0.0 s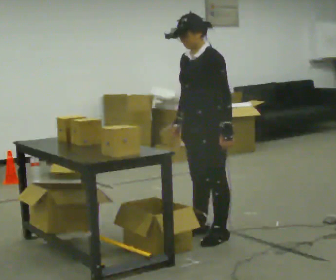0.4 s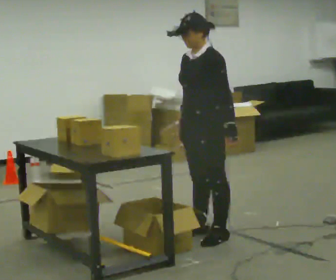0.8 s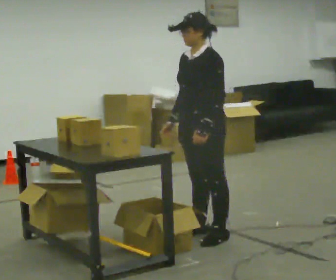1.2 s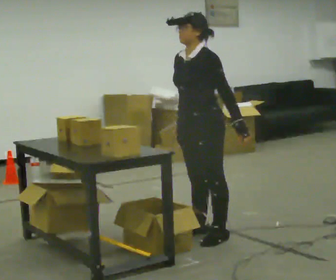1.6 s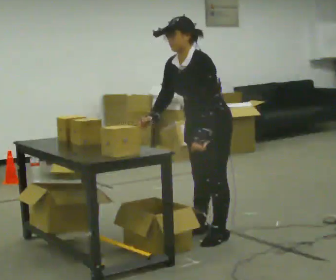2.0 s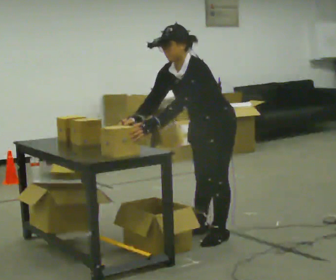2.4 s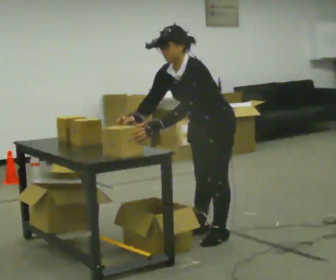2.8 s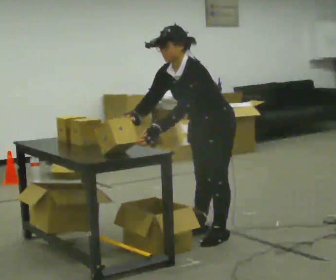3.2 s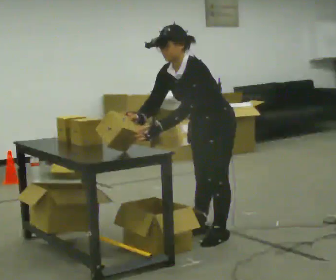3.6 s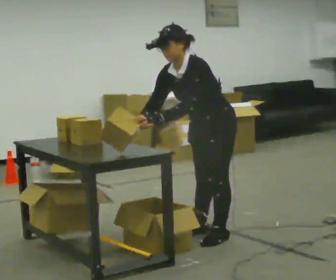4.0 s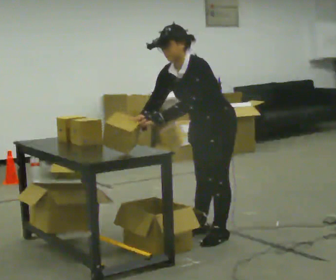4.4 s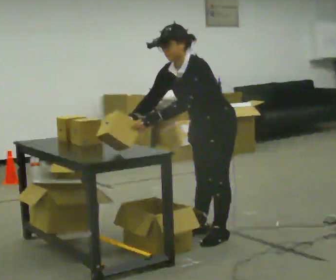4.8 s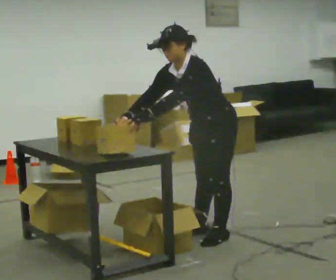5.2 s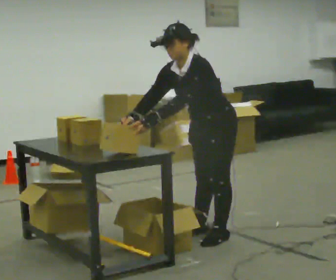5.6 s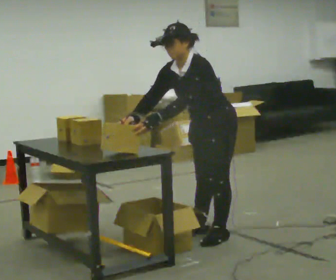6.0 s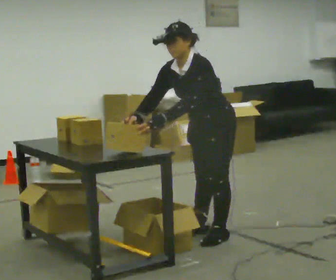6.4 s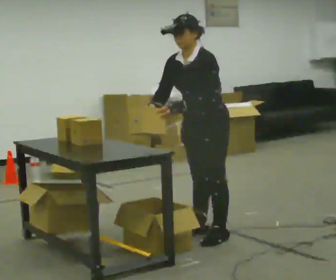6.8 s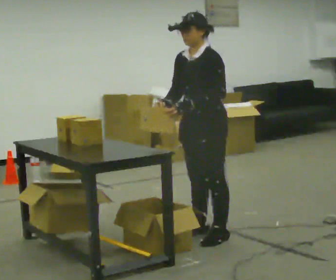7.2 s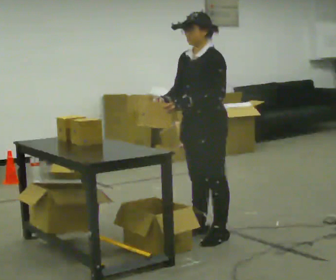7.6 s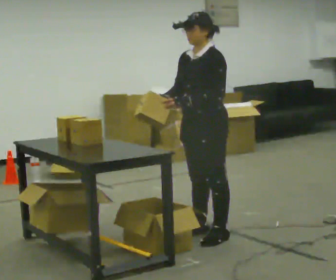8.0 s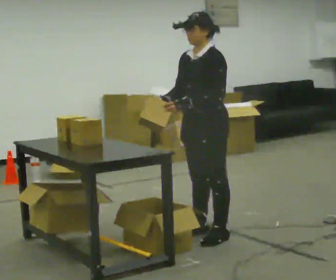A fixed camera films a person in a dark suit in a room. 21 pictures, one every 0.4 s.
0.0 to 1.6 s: The person moves a little, or ends about where they began.
1.6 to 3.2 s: In the picture the upper body tilts counterclockwise, shoulders to the left, as they bend forward.
3.2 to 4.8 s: The person moves a little, or ends about where they began.
4.8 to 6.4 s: In the picture the upper body tilts clockwise, shoulders to the right, as they lean back or straighten.
6.4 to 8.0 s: The person moves a little, or ends about where they began.
The film runs backward here.
